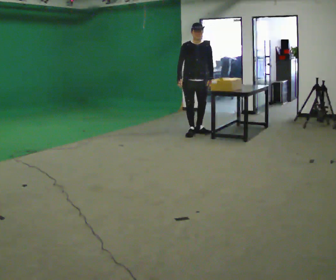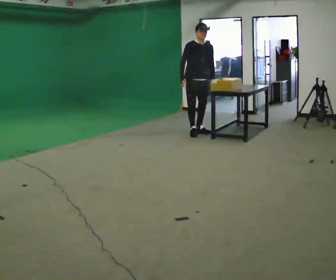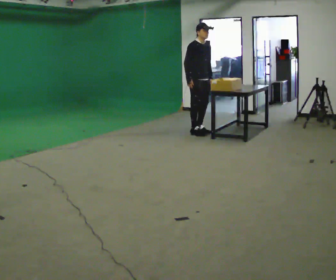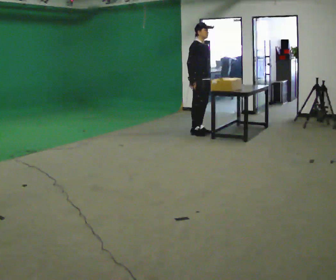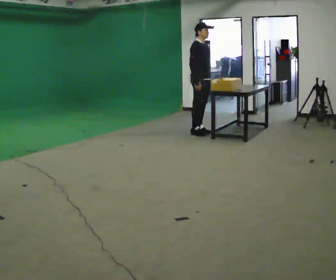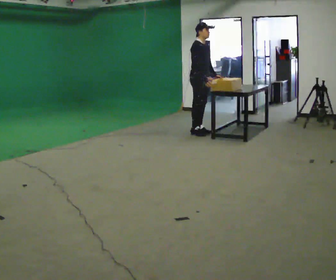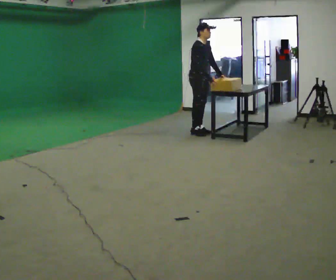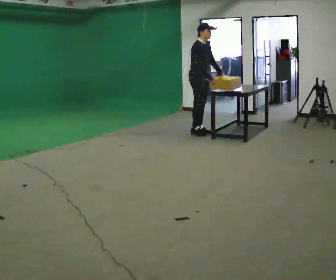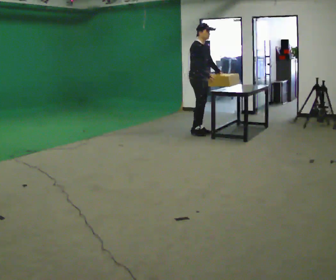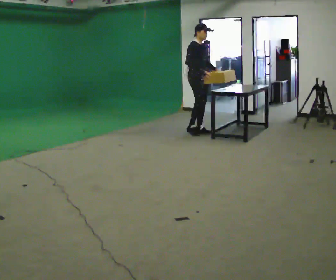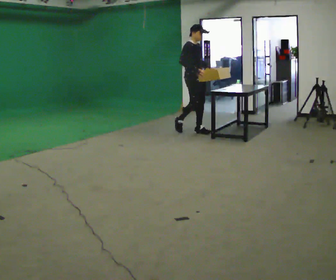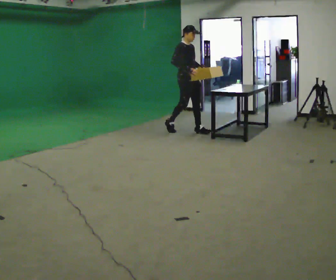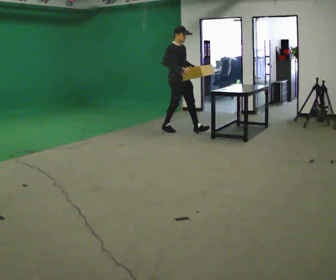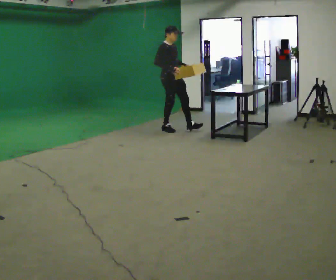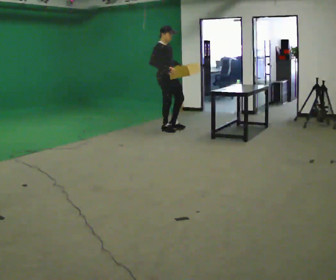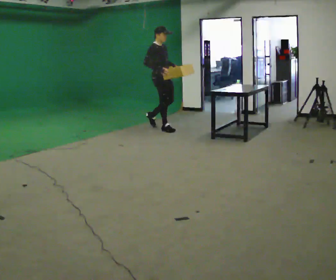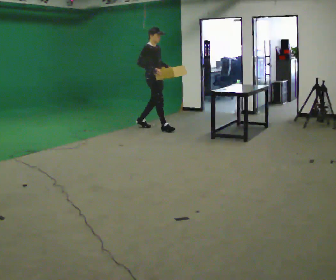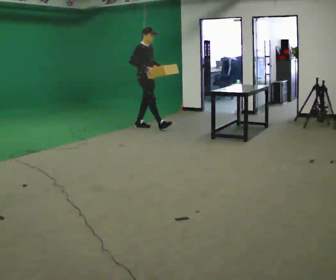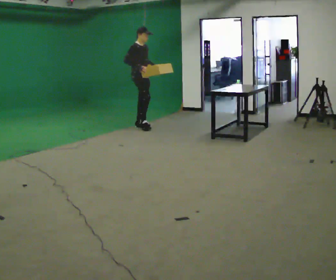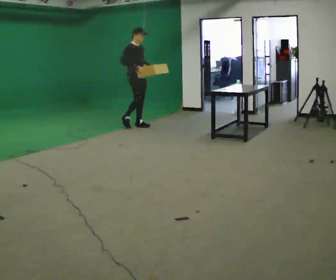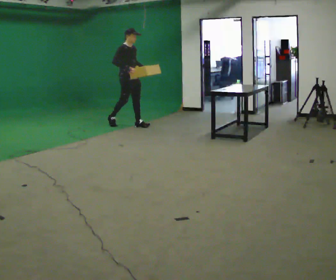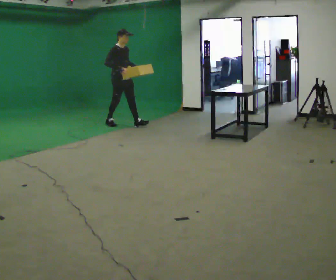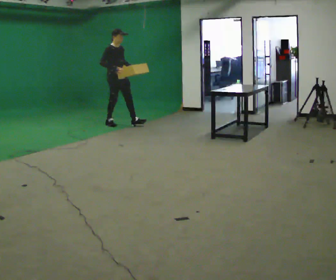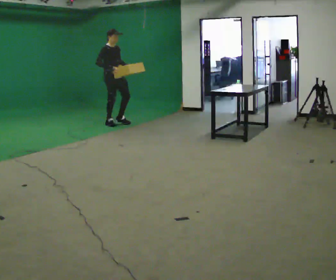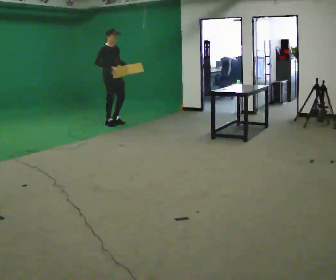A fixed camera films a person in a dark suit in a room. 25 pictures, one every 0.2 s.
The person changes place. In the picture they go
to the left.
0.0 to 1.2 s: The part of the body nearest the lens slides to the right as the person turns to their left by about 60 degrees. In the picture their right hand goes to the right.
1.2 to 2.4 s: In the picture they go to the left, about 0.25 m in 1 step, which for them is backward.
2.4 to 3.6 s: In the picture they go to the left and away from the camera, about 1 m in 2 steps, which for them is backward.
3.6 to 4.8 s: In the picture they go to the left, about 0.5 m in 1 step, which for them is backward.
The film runs backward here.
